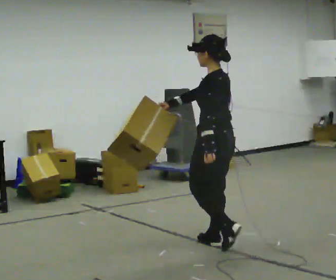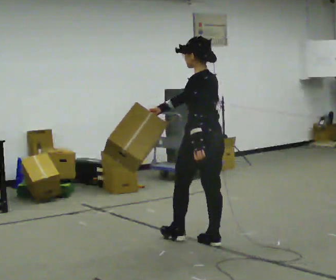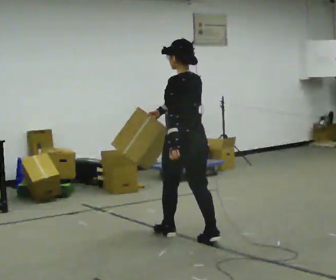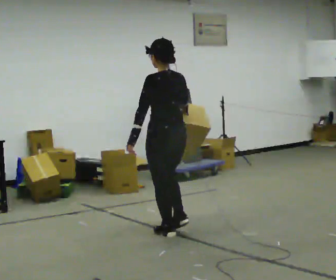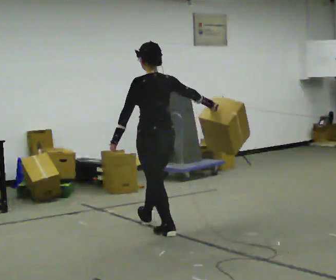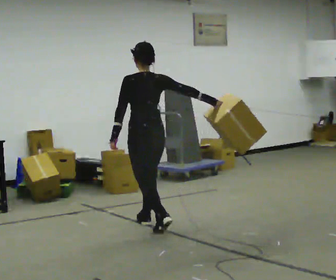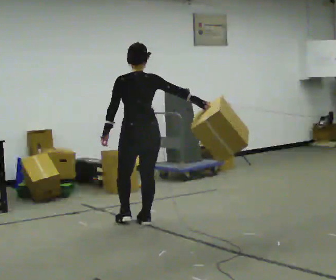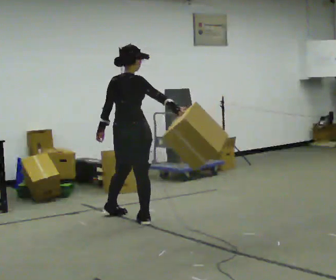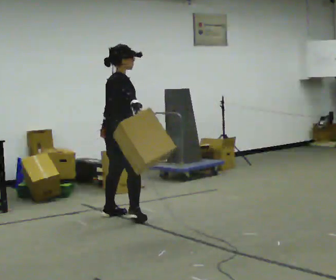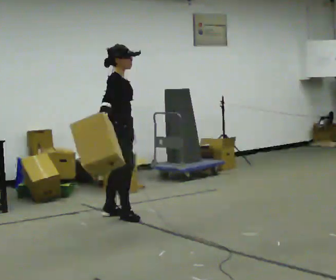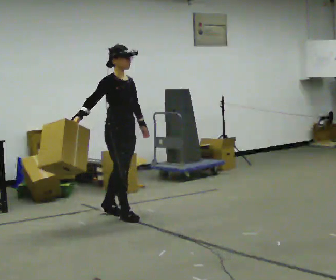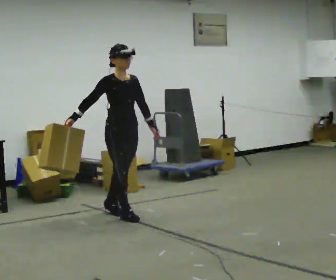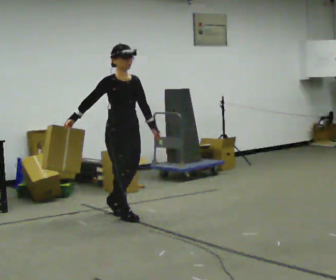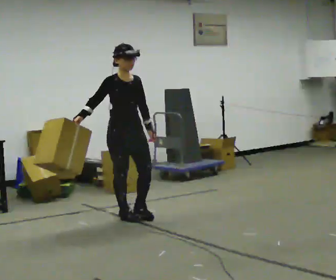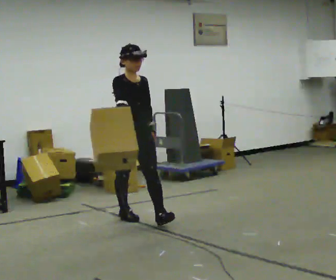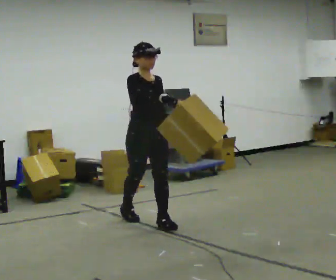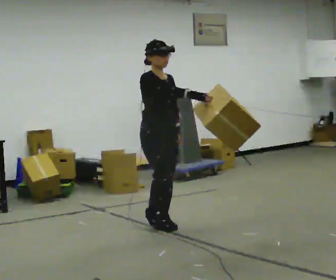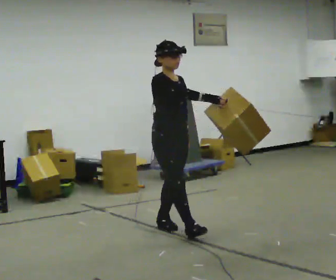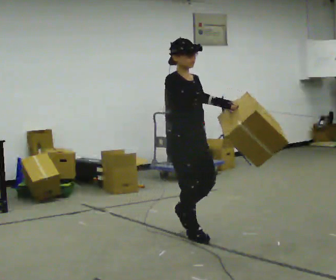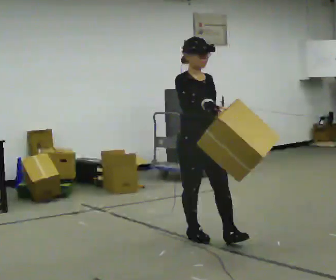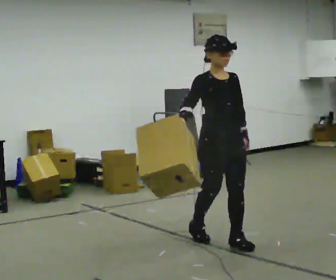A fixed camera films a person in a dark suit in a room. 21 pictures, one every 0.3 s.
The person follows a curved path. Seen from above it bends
counterclockwise.
The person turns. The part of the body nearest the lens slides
to the left.
0.0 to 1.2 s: In the picture they go away from the camera and to the left, about 0.75 m in 2 steps, which for them is forward.
1.2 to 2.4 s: The person turns about 90 degrees to their right, clockwise seen from above, so the part of the body nearest the lens slides to the left. In the picture they go away from the camera and to the left, about 0.75 m in 1 step.
2.4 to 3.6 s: The part of the body nearest the lens slides to the left as the person turns to their right by about 75 degrees. In the picture their right hand goes to the left.
3.6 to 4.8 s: In the picture they go toward the camera and to the right, about 0.5 m in 1 step, which for them is forward.
4.8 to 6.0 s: In the picture they go toward the camera and to the right, about 1 m in 2 steps, which for them is forward.
The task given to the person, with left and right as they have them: Carry the object in the hand the operator calls, down at your side, walking back and forth across the room.
The film runs forward here.
